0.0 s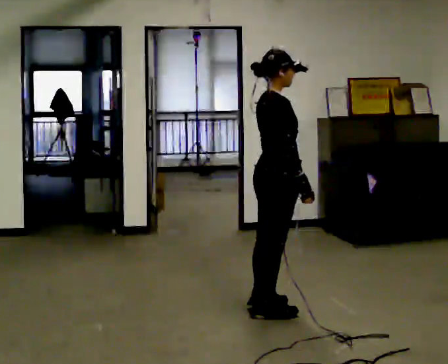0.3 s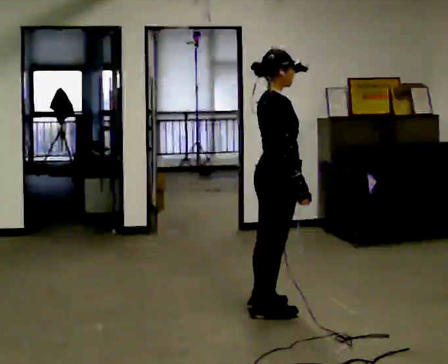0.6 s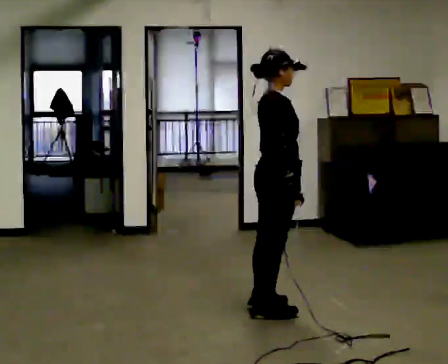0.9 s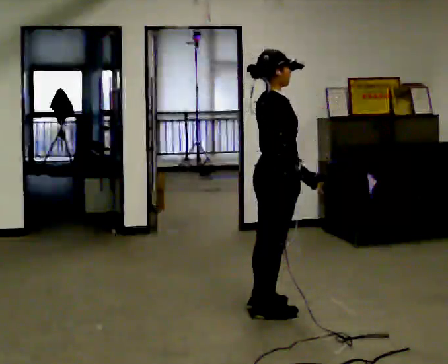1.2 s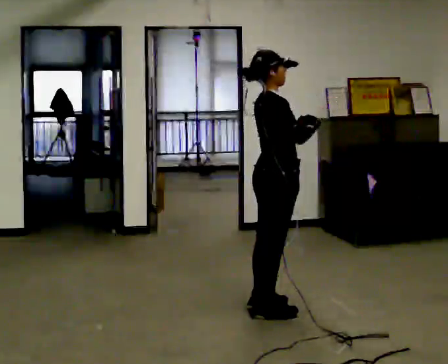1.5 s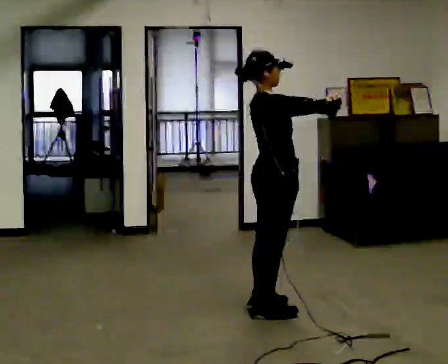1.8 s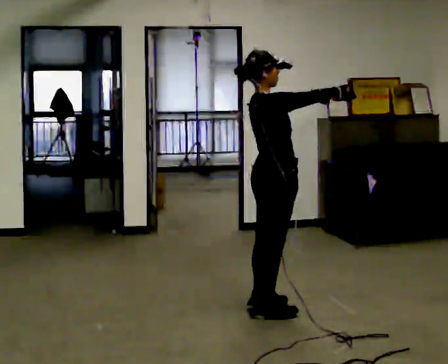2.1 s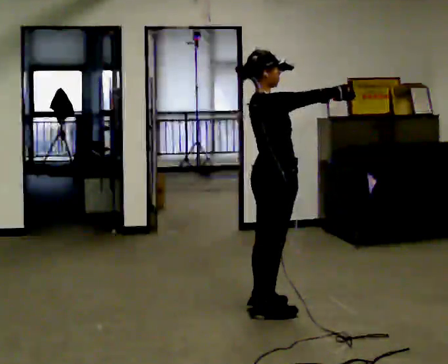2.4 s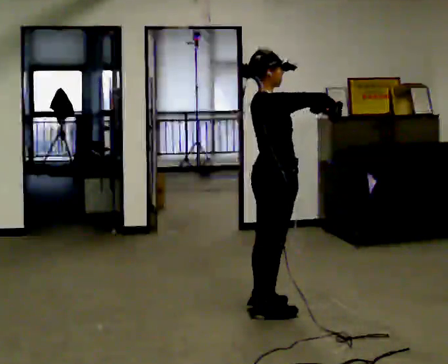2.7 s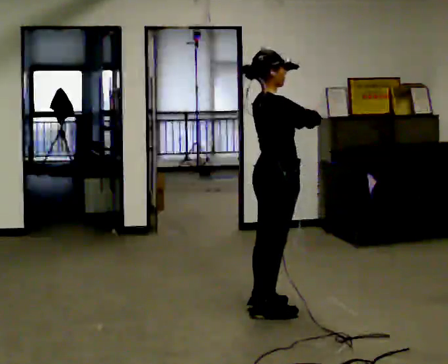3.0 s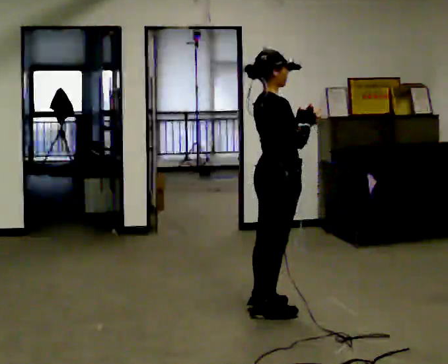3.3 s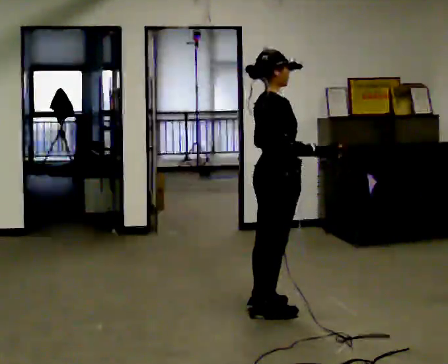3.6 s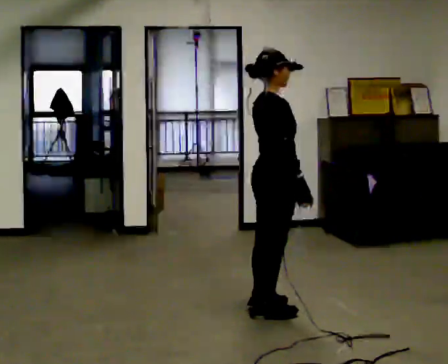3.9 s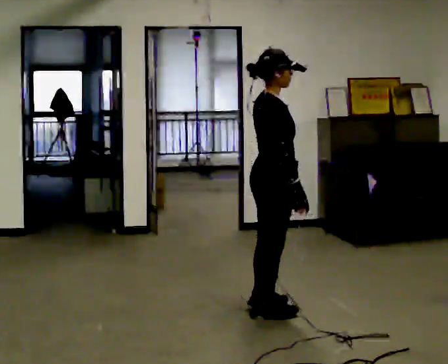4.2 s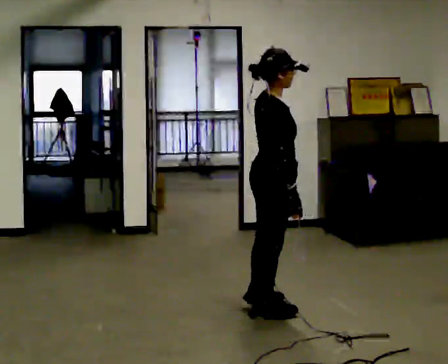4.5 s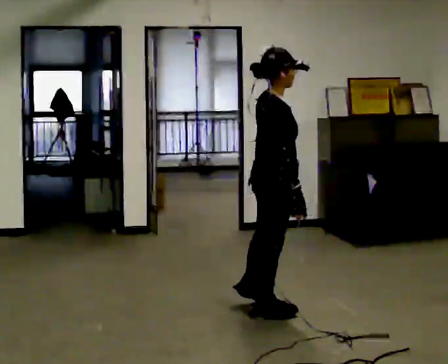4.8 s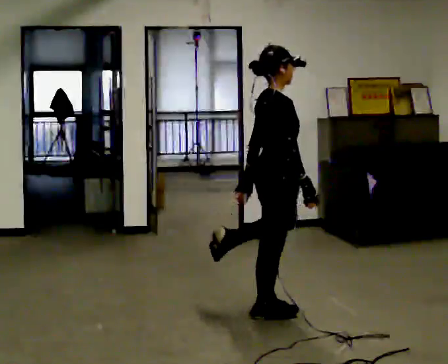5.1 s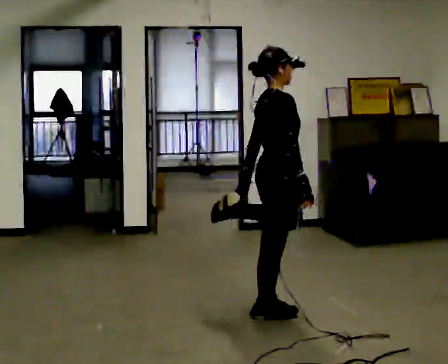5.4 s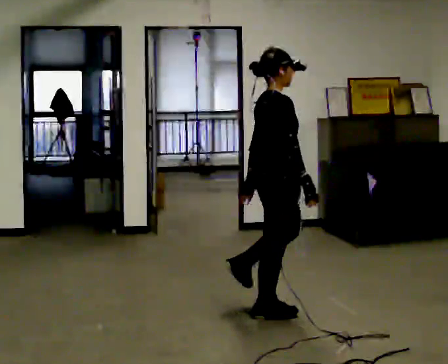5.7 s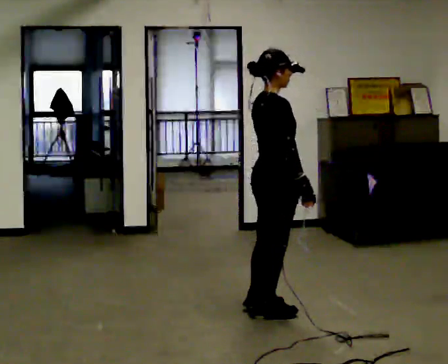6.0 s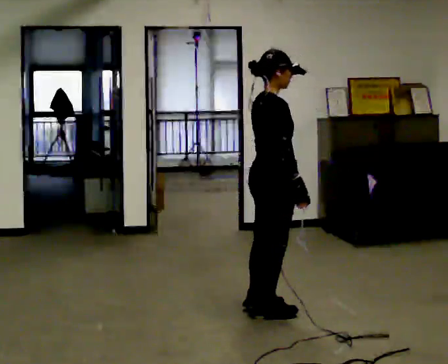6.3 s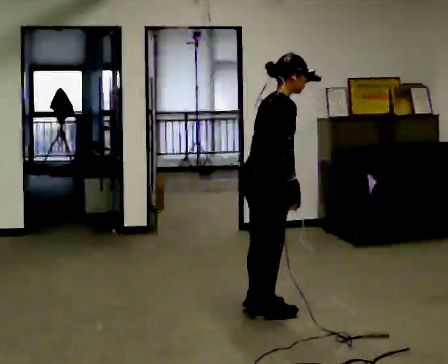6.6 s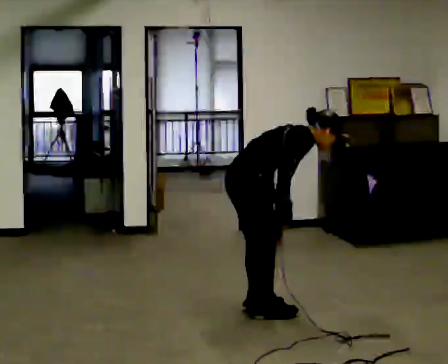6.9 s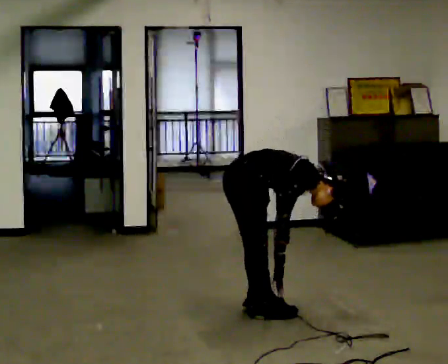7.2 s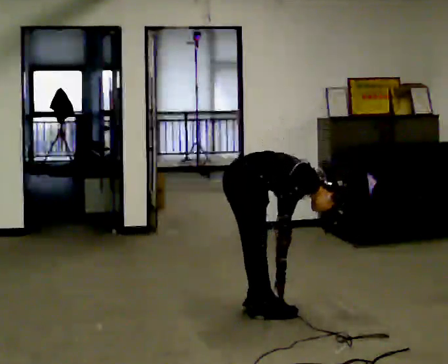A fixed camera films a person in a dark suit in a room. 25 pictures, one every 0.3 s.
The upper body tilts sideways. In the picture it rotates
clockwise.
The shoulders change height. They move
downward.
0.0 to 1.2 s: In the picture their right hand goes upward.
1.2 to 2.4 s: The person moves a little, or ends about where they began.
2.4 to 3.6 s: In the picture their left hand goes downward and to the left.
3.6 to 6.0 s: The person moves a little, or ends about where they began.
6.0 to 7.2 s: In the picture they go to the left, about 0.25 m, which for them is backward. The shoulders move downward. In the picture the upper body tilts clockwise, shoulders to the right, as they bend forward.
The film runs backward here.
